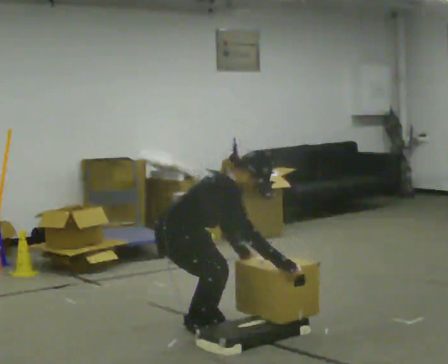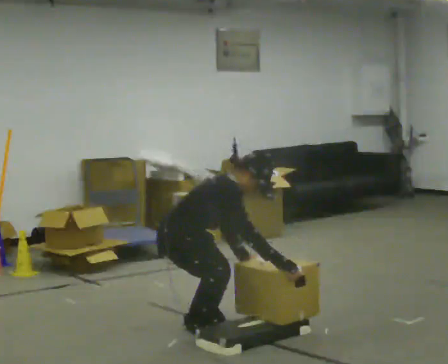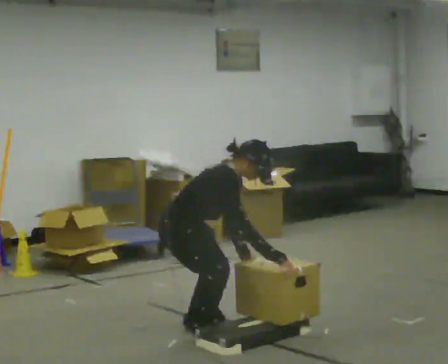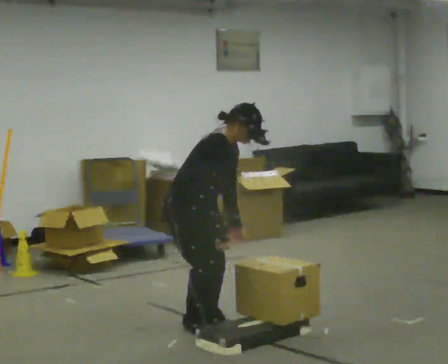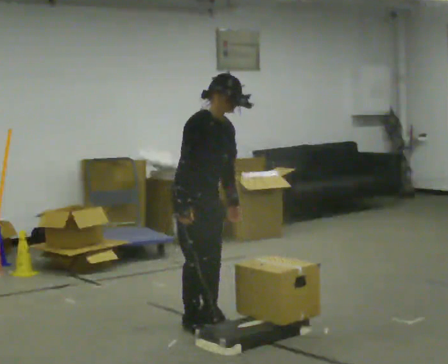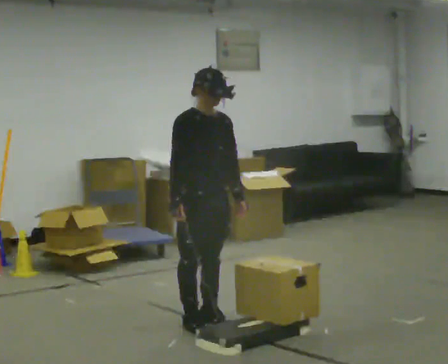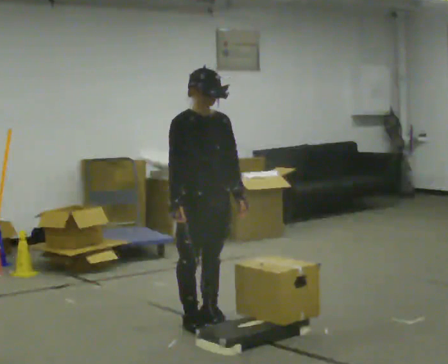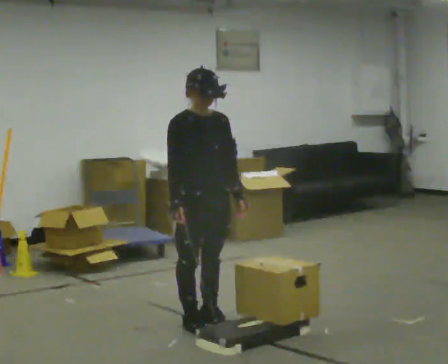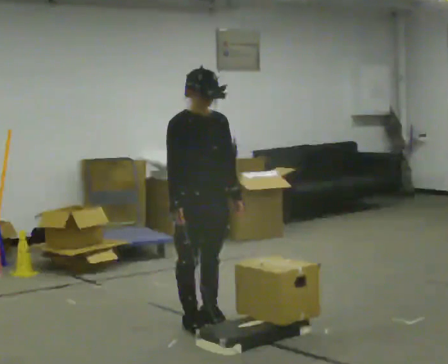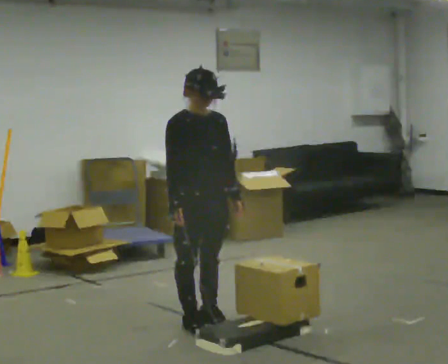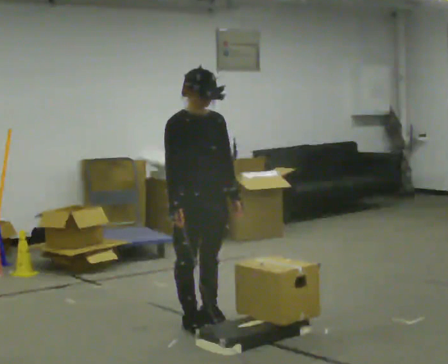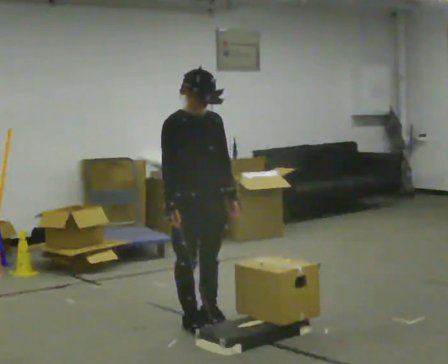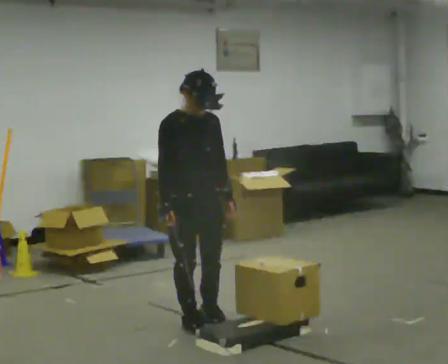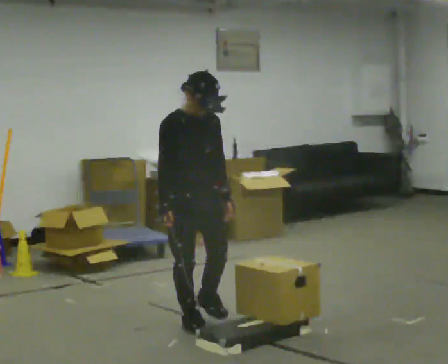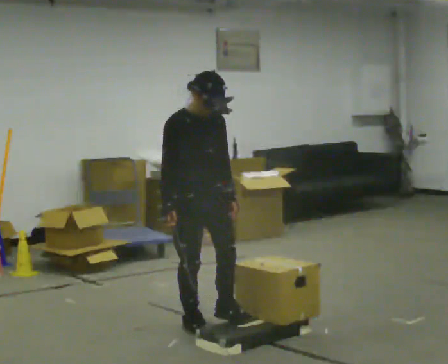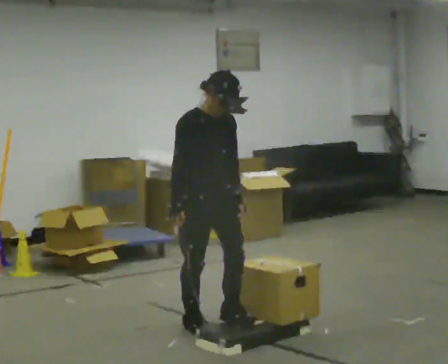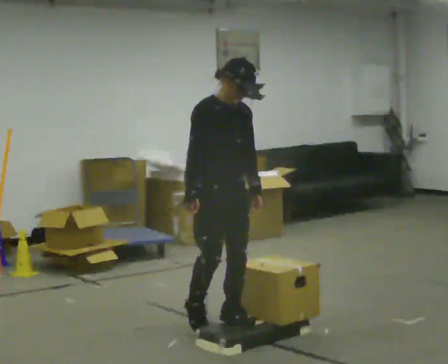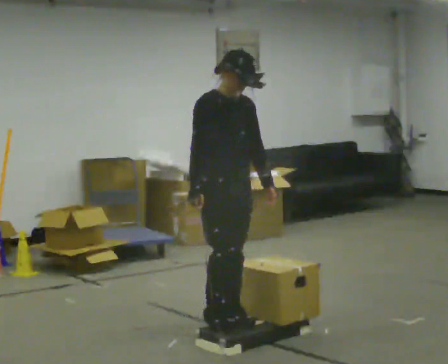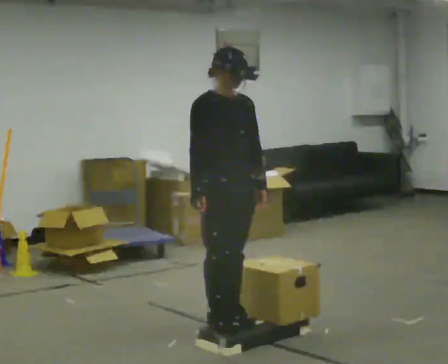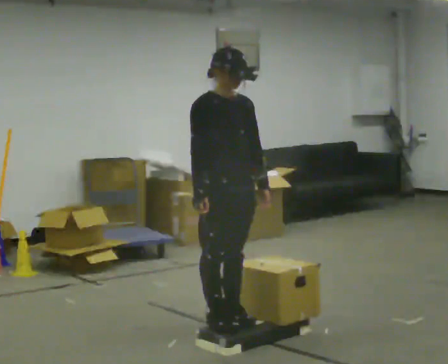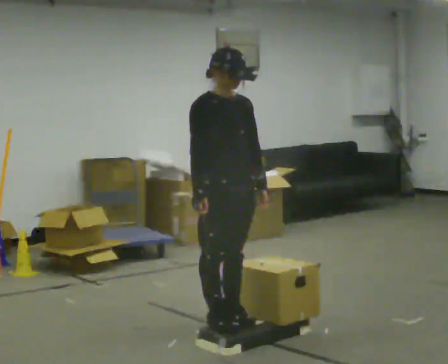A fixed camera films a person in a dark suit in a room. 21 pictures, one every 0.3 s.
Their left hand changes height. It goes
upward.
The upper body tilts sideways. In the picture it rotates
counterclockwise.
0.0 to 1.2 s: The shoulders move upward. In the picture the upper body tilts counterclockwise, shoulders to the left, as they lean back or straighten. In the picture their right hand goes to the left and upward, the arm swinging clockwise.
1.2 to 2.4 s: In the picture the upper body tilts counterclockwise, shoulders to the left, as they lean back or straighten.
2.4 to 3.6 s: The person moves a little, or ends about where they began.
3.6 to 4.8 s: In the picture they go toward the camera, about 0.25 m in 1 step, which for them is forward.
4.8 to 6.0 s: The person moves a little, or ends about where they began.
The film runs forward here.
